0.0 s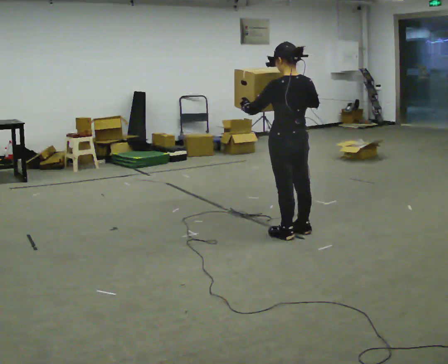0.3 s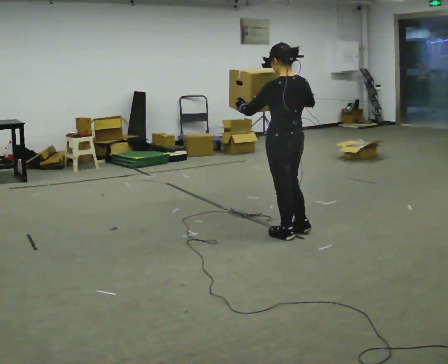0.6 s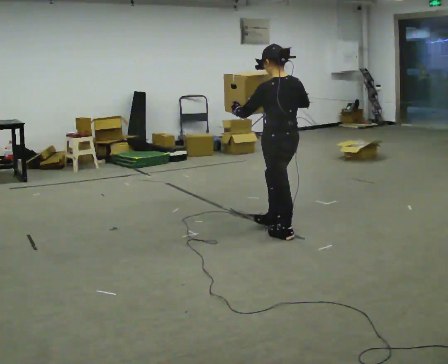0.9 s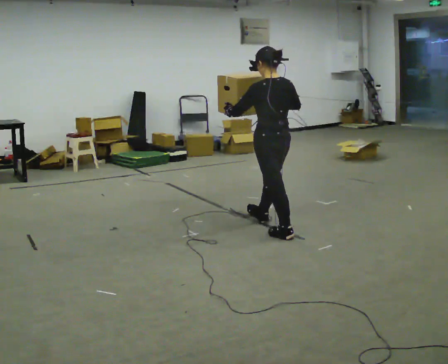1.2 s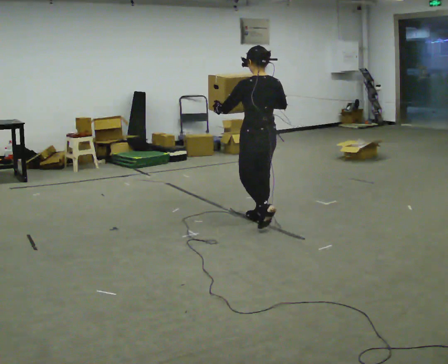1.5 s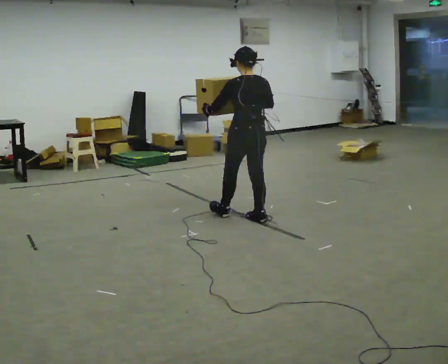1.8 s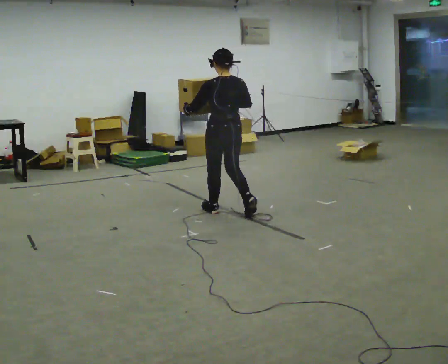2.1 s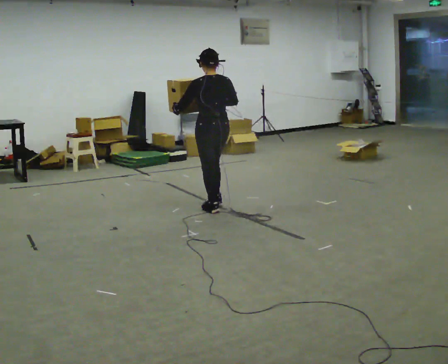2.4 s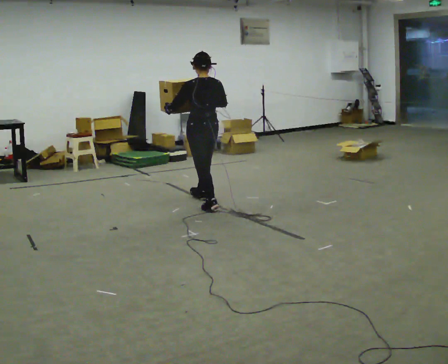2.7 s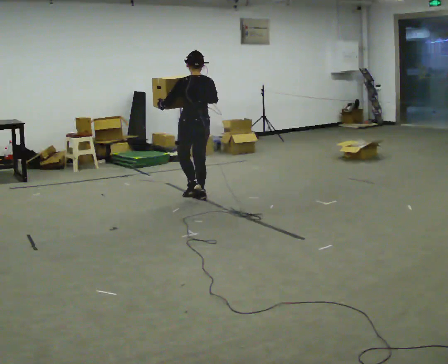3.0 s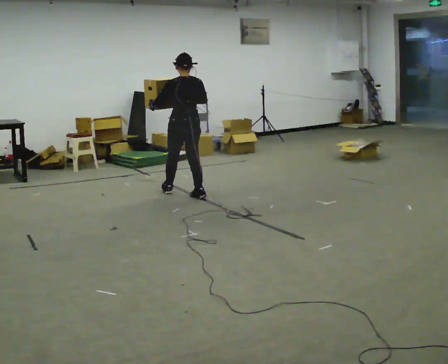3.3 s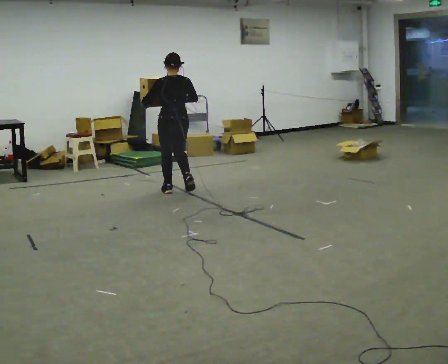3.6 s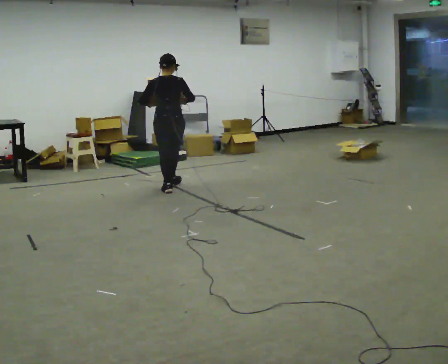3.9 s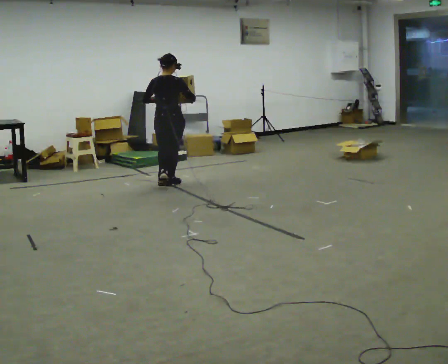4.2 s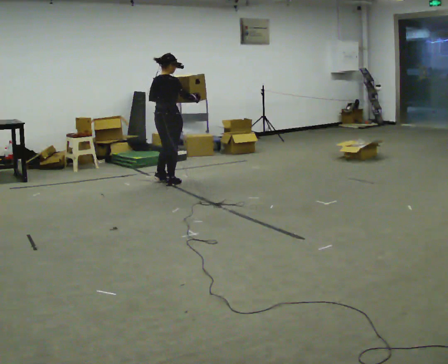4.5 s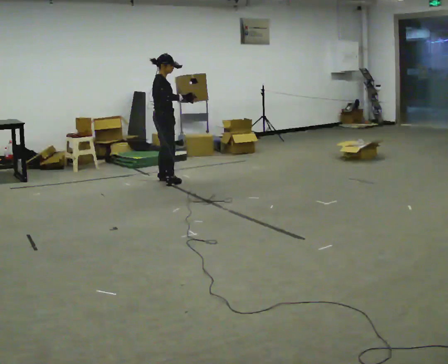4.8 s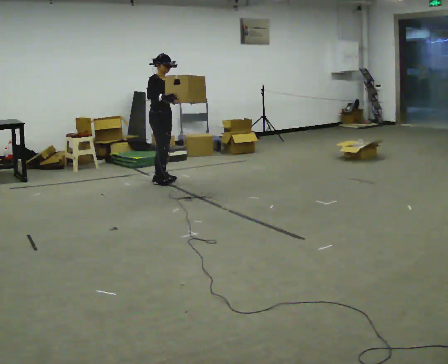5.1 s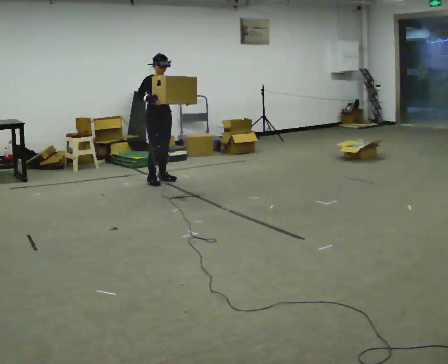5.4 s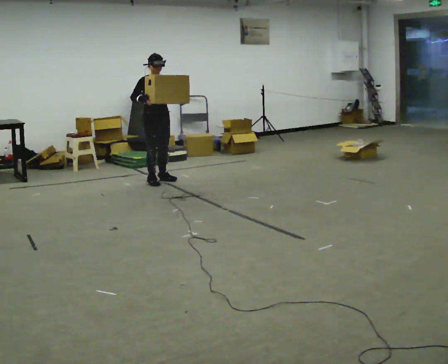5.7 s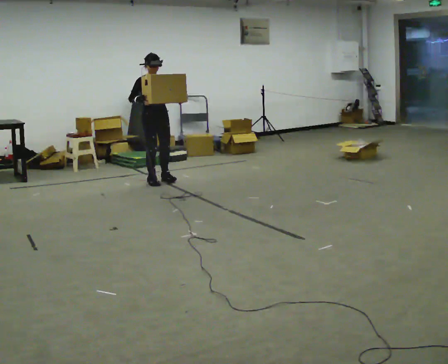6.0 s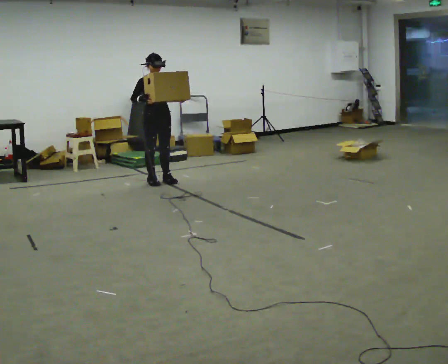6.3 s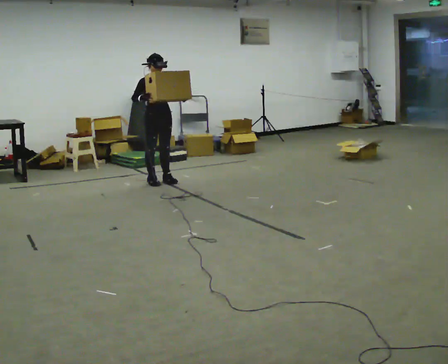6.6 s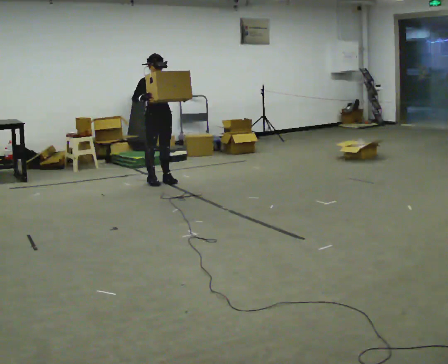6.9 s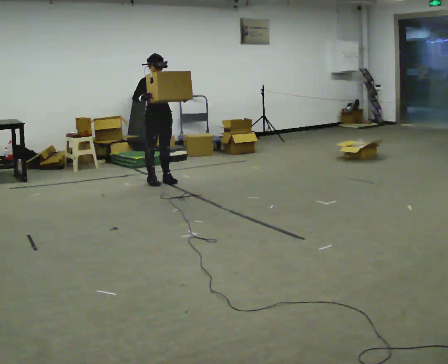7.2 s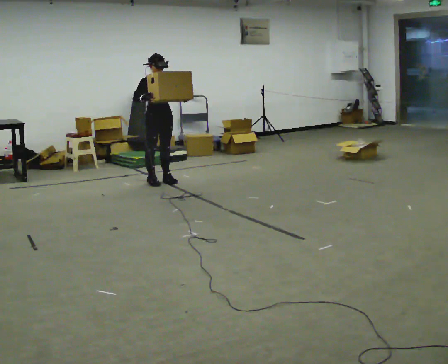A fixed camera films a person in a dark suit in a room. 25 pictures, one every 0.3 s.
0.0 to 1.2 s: In the picture they go away from the camera and to the left, about 0.5 m in 1 step, which for them is forward.
1.2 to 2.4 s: In the picture they go away from the camera and to the left, about 1 m in 2 steps, which for them is forward.
2.4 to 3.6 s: In the picture they go away from the camera and to the left, about 0.5 m in 1 step, which for them is forward.
3.6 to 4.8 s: The person turns about 120 degrees to their right, clockwise seen from above, so the part of the body nearest the lens slides to the left. In the picture they go away from the camera, about 0.5 m in 2 steps.
4.8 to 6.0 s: Seen from above the body turns clockwise, about 30 degrees: to their right, with its near side sliding to the left.
6.0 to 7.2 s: The person moves a little, or ends about where they began.
The film runs forward here.
